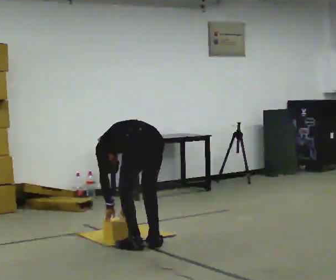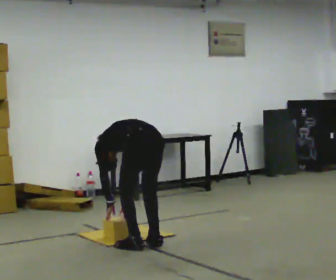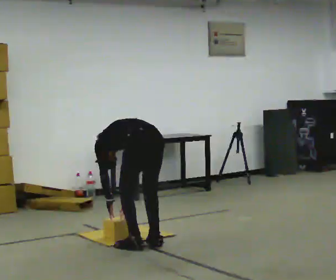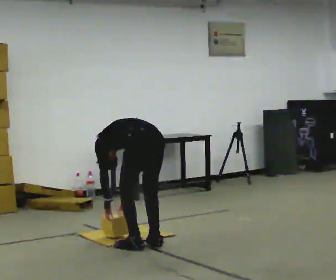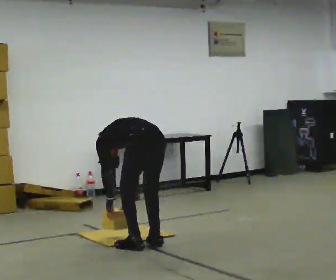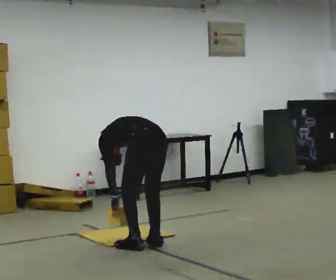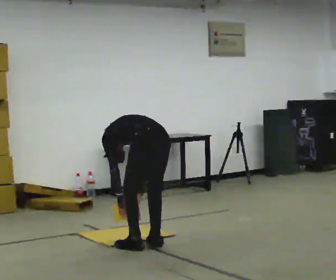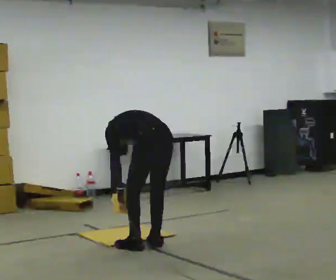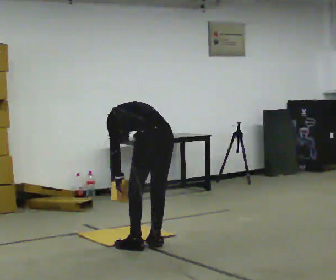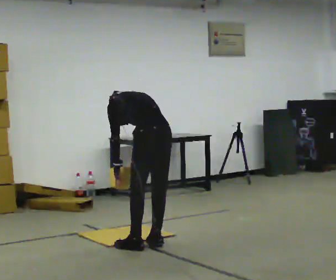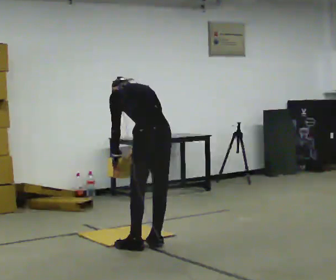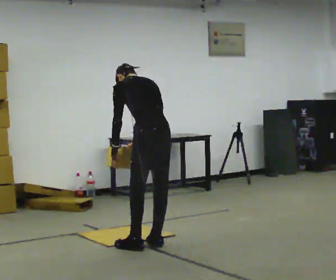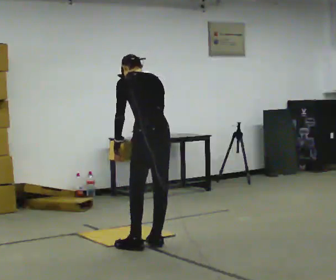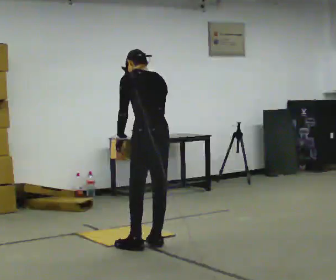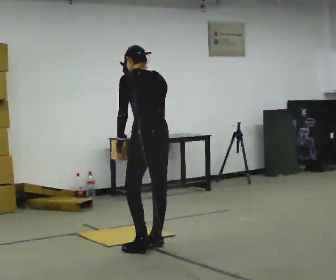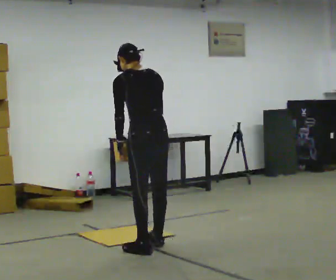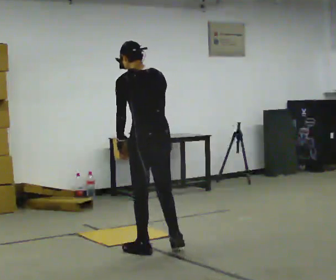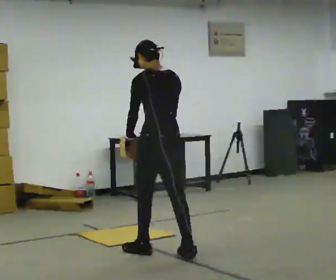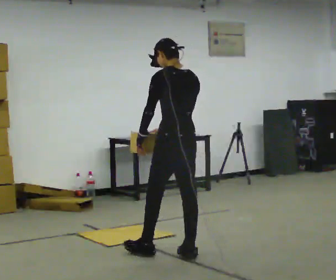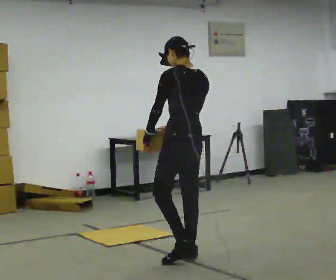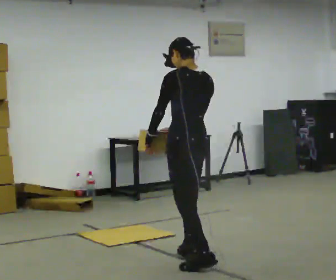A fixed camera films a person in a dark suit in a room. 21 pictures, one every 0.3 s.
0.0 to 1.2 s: The person moves a little, or ends about where they began.
1.2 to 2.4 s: The upper body goes upward. In the picture the upper body tilts clockwise, shoulders to the right, as they lean back or straighten.
2.4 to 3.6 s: The shoulders move upward. The upper body tips toward the camera, its near side rolling downward, as they lean back or straighten. In the picture their left hand goes upward.
3.6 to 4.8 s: In the picture they go toward the camera, about 0.25 m in 2 steps, which for them is backward and to their left. The upper body tips toward the camera, its near side rolling downward, as they lean back or straighten.
4.8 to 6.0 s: In the picture they go toward the camera and to the right, about 0.5 m in 1 step, which for them is backward.
The film runs backward here.
